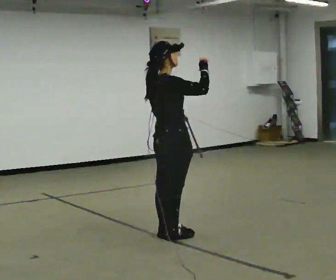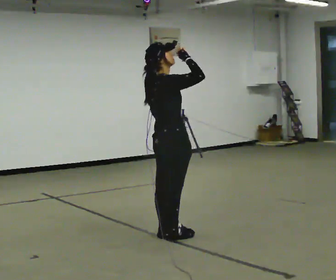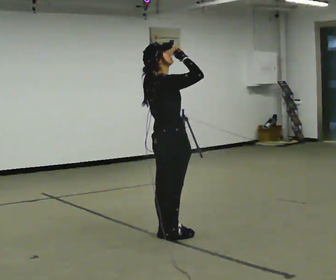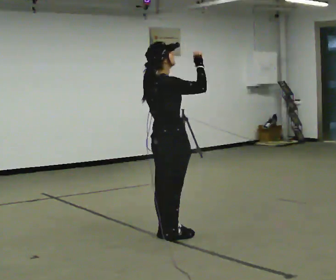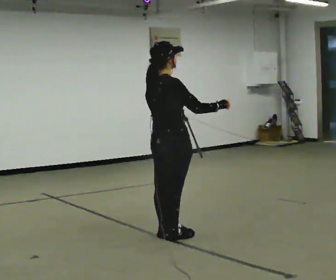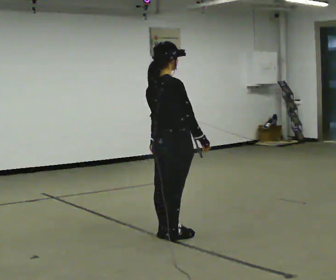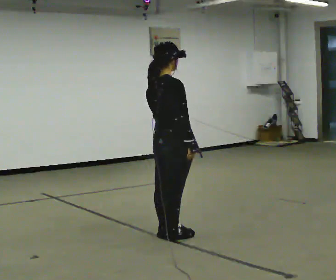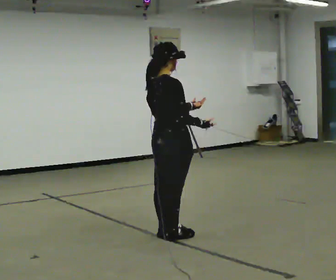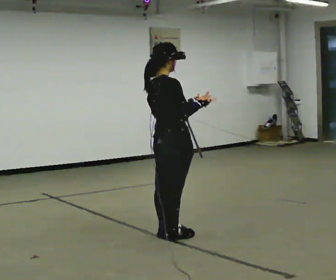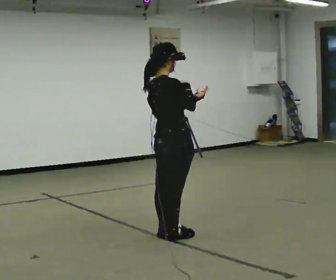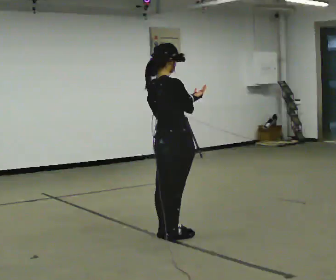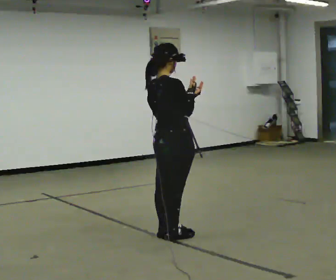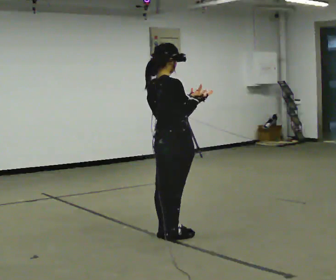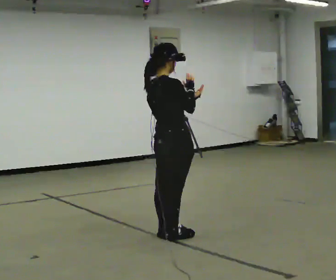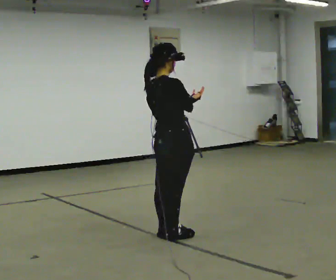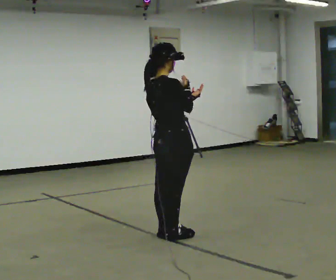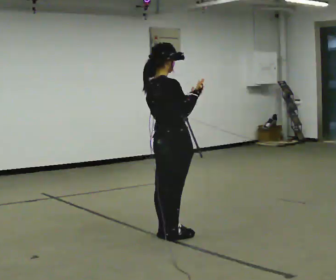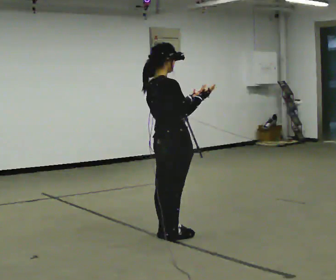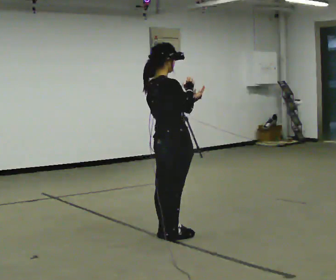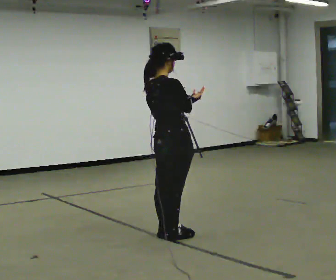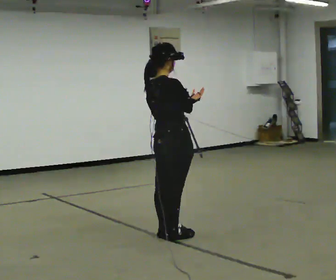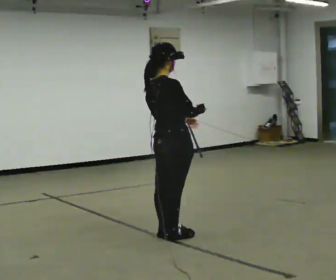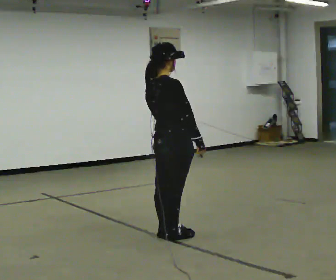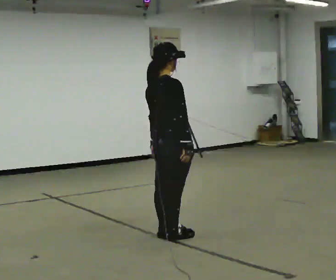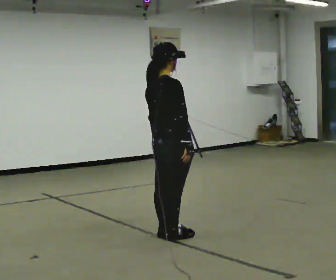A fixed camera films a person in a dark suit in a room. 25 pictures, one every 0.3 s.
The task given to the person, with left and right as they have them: Act out everyday actions without any objects, as in charades: opening a door, drinking, reading, brushing your hair. Repeat the movement at your own pace until the operator says stop; do not rush.
0.0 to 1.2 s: In the picture their right hand goes downward.
1.2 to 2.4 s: In the picture their left hand goes to the right and upward, the arm swinging counterclockwise.
2.4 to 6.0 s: The person moves a little, or ends about where they began.
6.0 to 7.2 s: In the picture their right hand goes downward.
The film runs forward here.
